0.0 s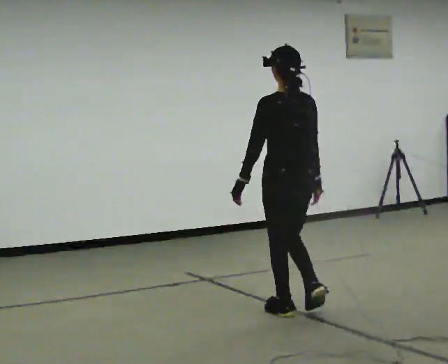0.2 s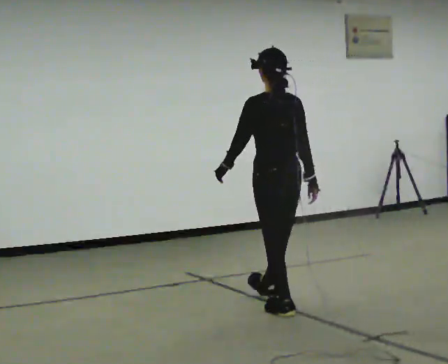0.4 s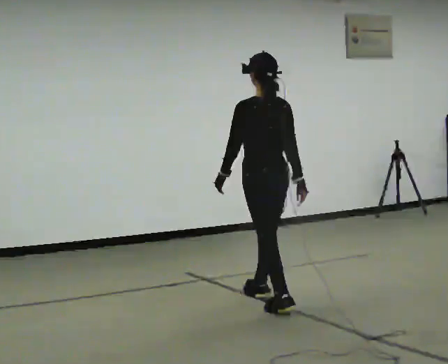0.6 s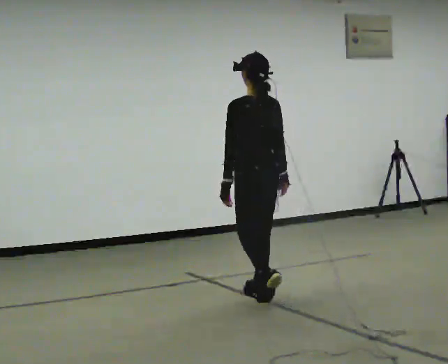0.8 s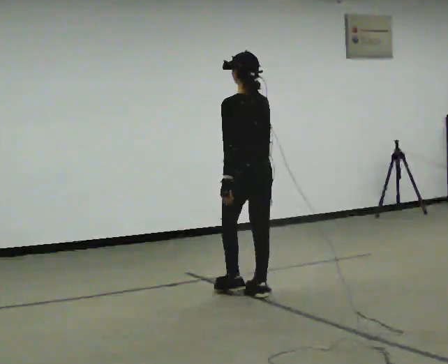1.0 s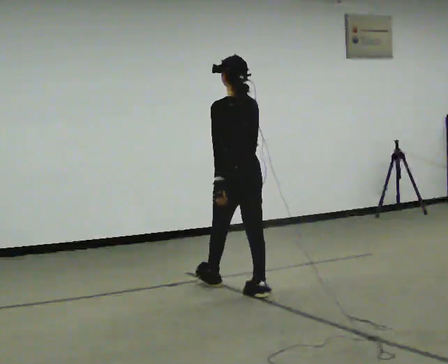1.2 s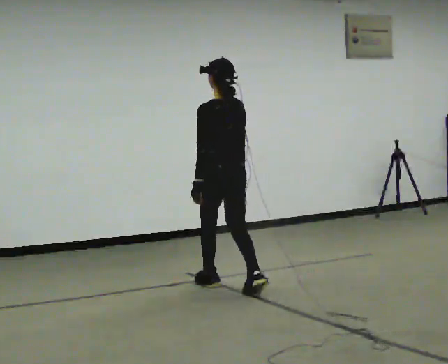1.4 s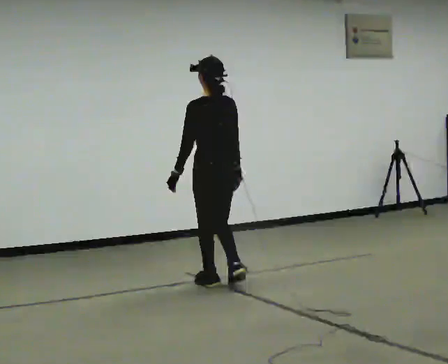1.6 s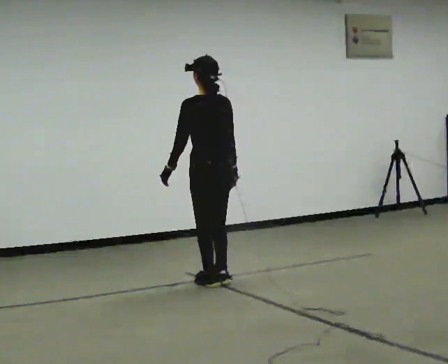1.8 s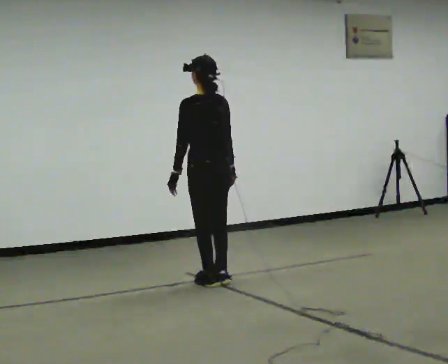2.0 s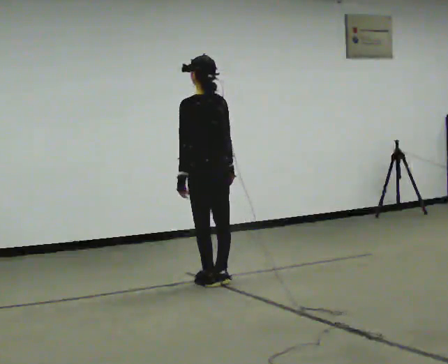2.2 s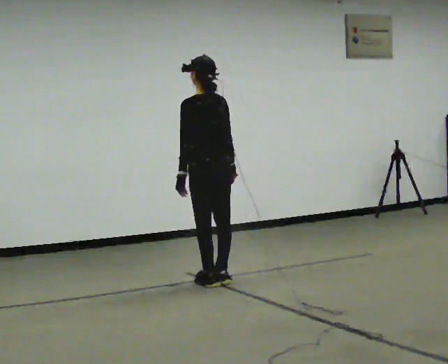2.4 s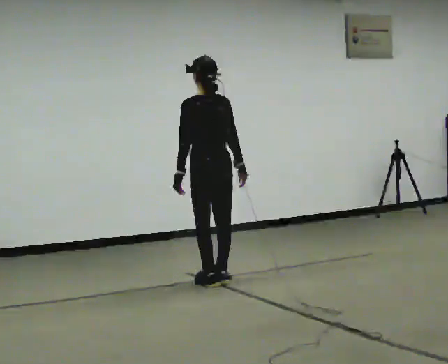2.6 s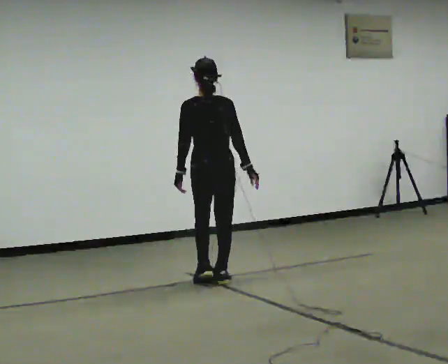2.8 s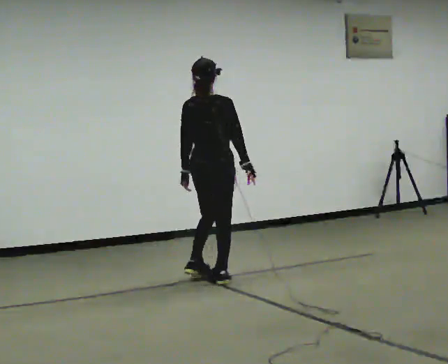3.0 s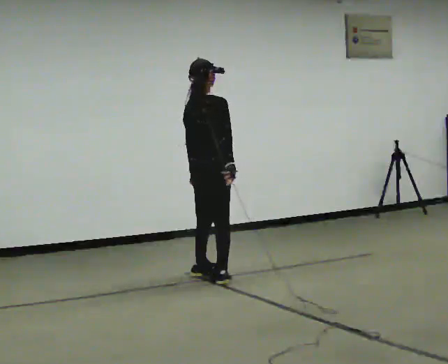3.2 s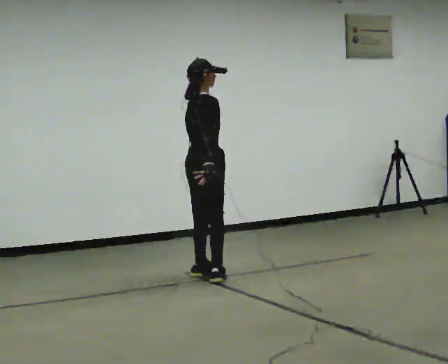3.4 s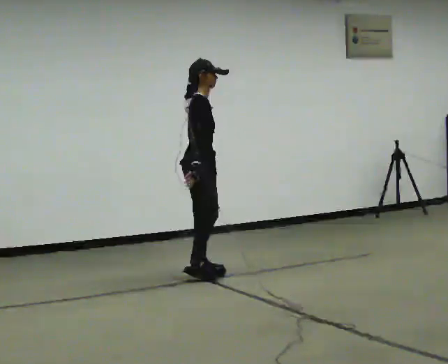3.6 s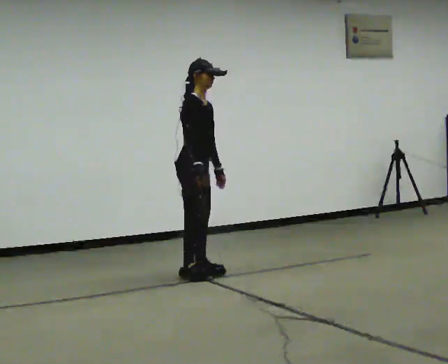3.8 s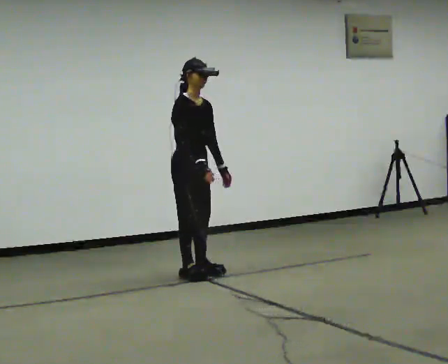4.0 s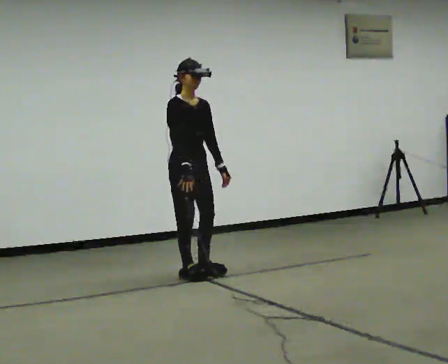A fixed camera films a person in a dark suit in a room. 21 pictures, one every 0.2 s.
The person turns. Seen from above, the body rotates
clockwise.
The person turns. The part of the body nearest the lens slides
to the left.
0.0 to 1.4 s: In the picture they go away from the camera and to the left, about 1 m in 2 steps, which for them is forward.
1.4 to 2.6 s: In the picture they go away from the camera, about 0.25 m in 1 step, which for them is forward.
2.6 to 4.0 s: The person turns about 150 degrees to their right, clockwise seen from above, so the part of the body nearest the lens slides to the left. In the picture they go to the left and away from the camera, about 0.25 m in 2 steps.
The film runs forward here.
